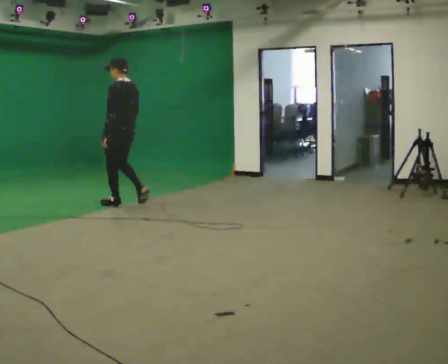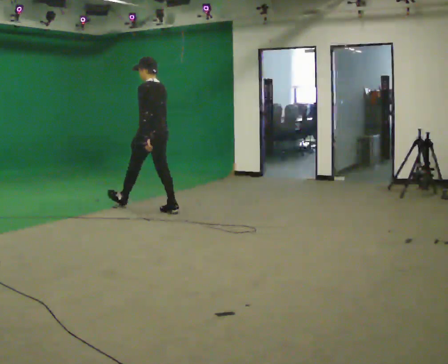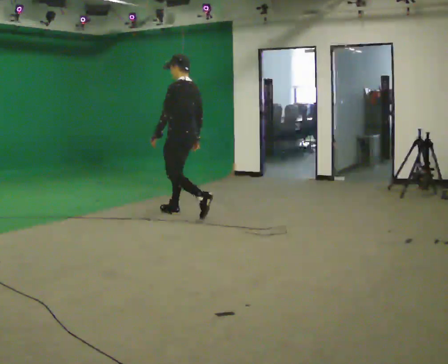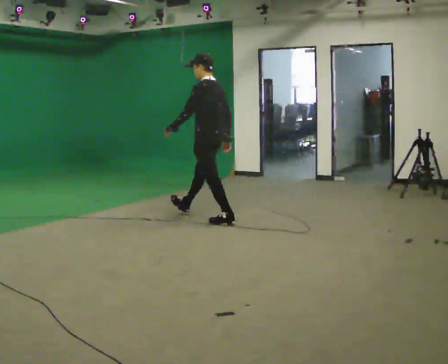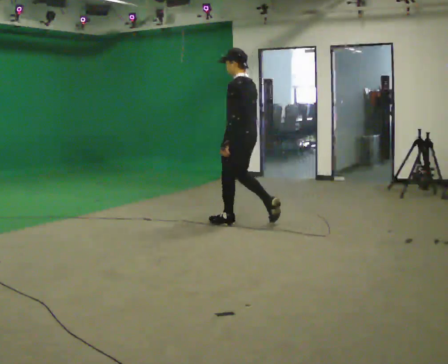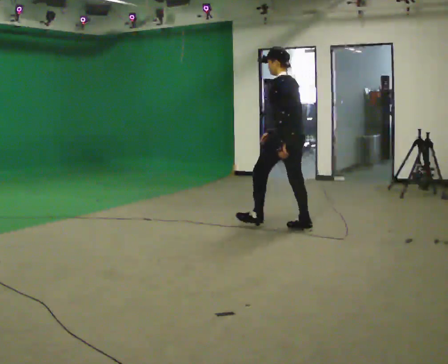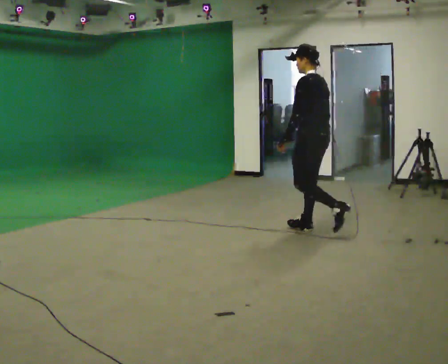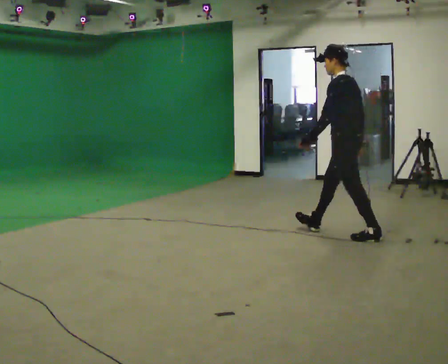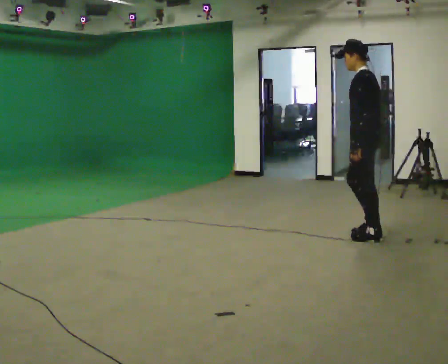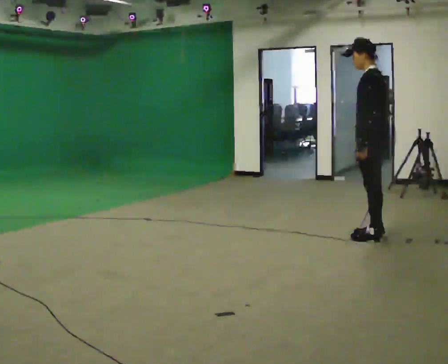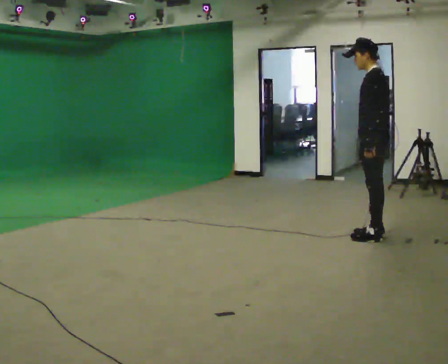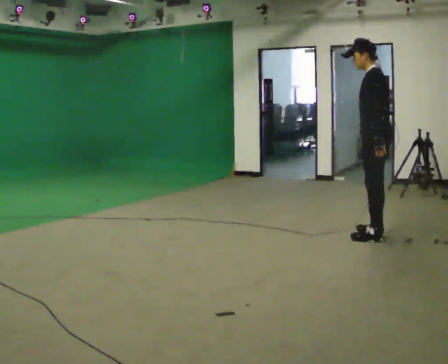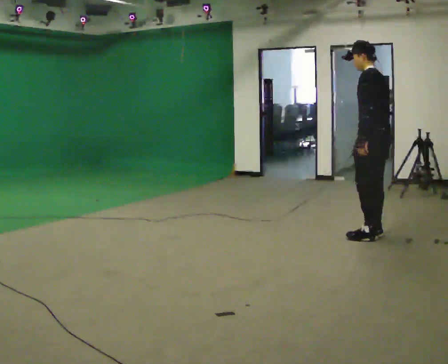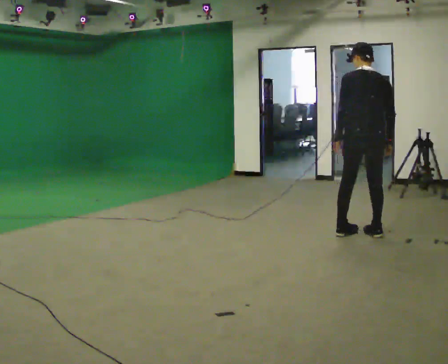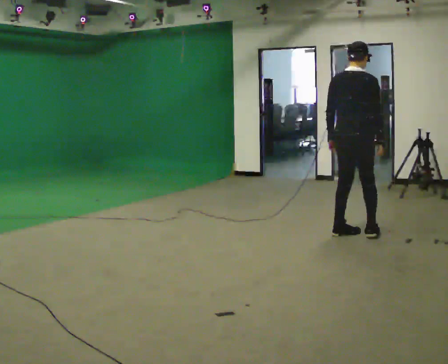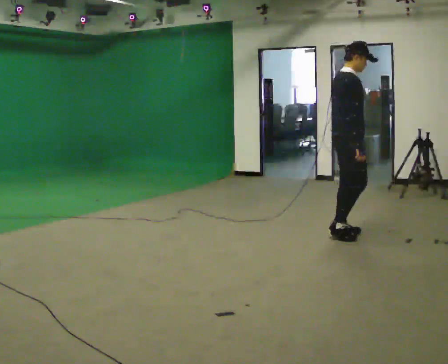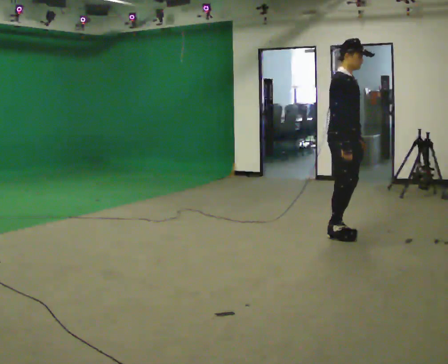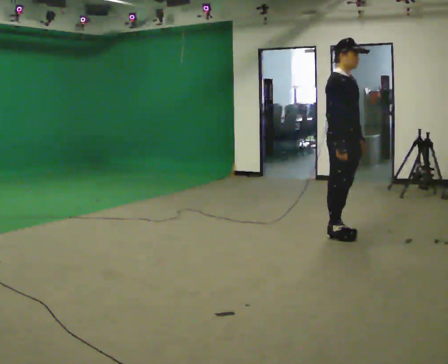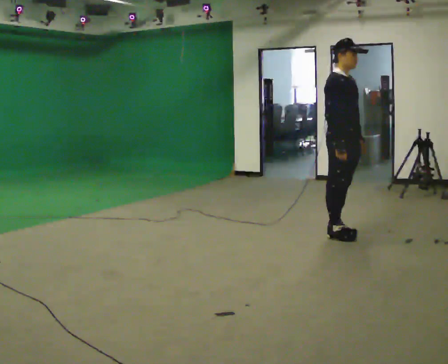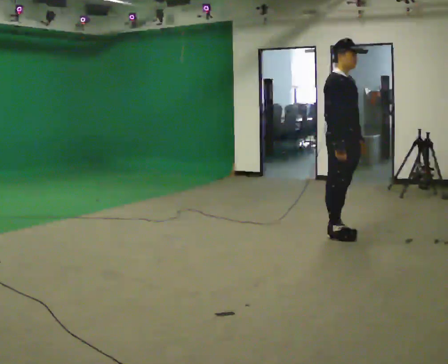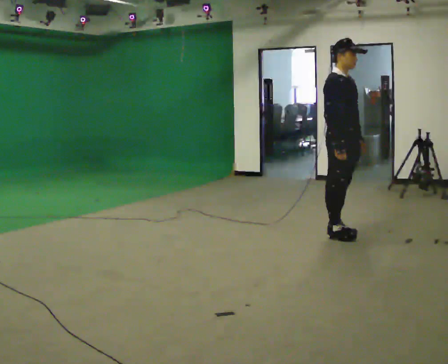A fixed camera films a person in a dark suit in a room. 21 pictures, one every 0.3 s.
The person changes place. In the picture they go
to the right.
0.0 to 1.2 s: In the picture they go to the right, about 1.5 m in 2 steps, which for them is backward.
1.2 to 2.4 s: In the picture they go to the right, about 1.5 m in 2 steps, which for them is backward.
2.4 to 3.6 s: The person moves a little, or ends about where they began.
3.6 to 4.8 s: Seen from above the body turns clockwise, about 180 degrees: to their right, with its near side sliding to the left. In the picture they go to the left, about 0.25 m in 1 step.
4.8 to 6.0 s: The person moves a little, or ends about where they began.
The film runs backward here.
